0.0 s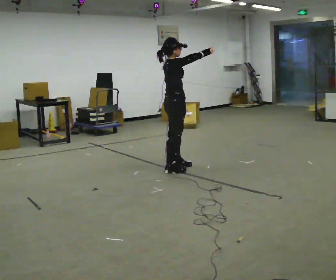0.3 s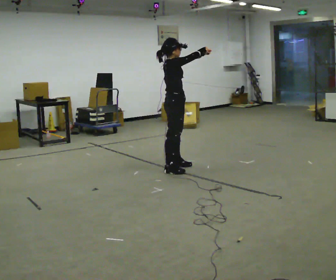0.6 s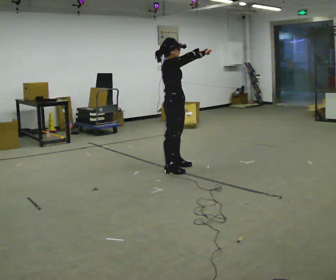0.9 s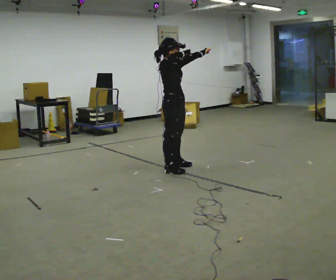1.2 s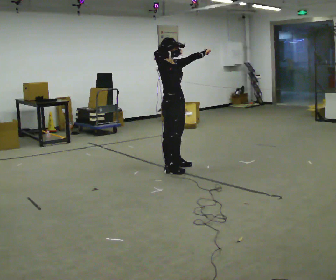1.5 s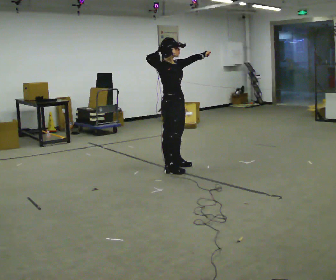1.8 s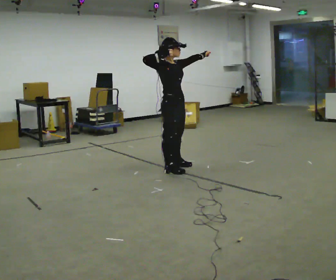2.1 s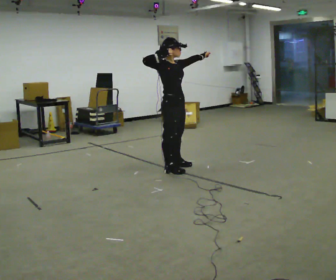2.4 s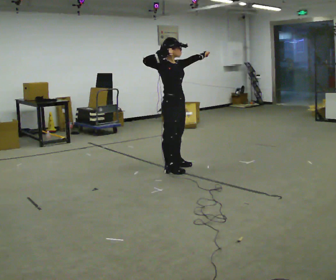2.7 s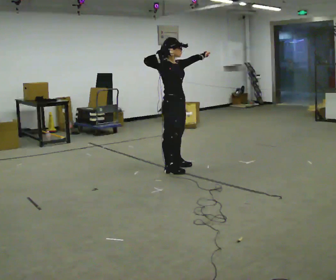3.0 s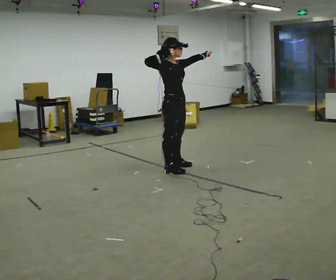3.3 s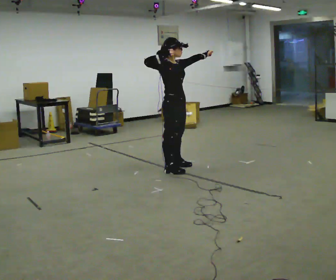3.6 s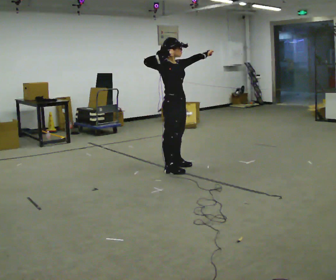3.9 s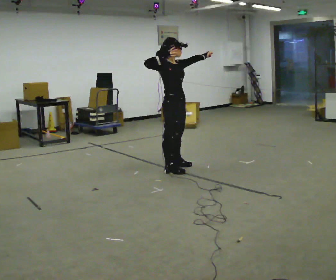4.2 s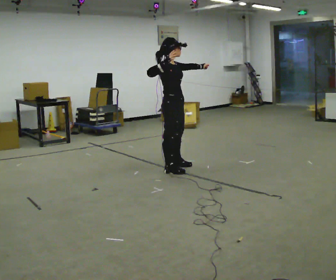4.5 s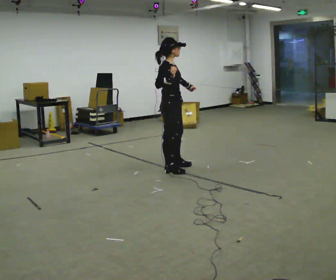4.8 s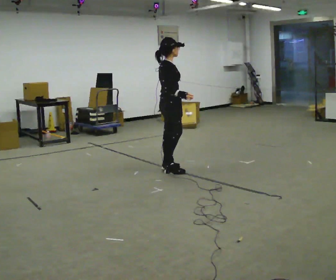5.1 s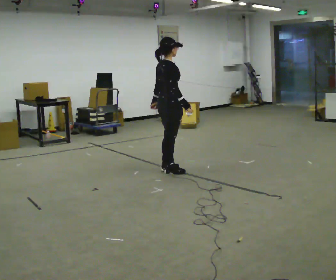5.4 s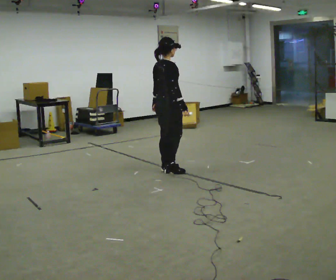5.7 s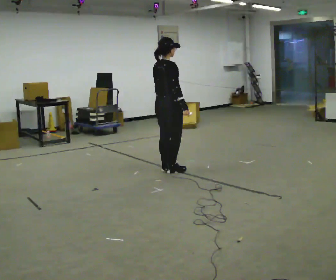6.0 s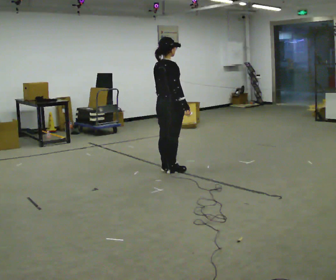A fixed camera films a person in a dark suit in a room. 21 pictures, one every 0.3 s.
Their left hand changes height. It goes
downward.
Their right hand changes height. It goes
downward.
0.0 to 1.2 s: The person turns about 30 degrees to their right, clockwise seen from above, so the part of the body nearest the lens slides to the left. In the picture their right hand goes to the left.
1.2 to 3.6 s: The person moves a little, or ends about where they began.
3.6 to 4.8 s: Seen from above the body turns counterclockwise, about 30 degrees: to their left, with its near side sliding to the right. In the picture their left hand goes downward and to the left, the arm swinging clockwise.
4.8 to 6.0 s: The person turns about 30 degrees to their left, counterclockwise seen from above, so the part of the body nearest the lens slides to the right.
The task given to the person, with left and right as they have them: Mime drawing a bow and releasing, with no bow: set your stance, draw back, hold, release. Repeat the movement at your own pace until the operator says stop; do not rush.
The film runs forward here.
